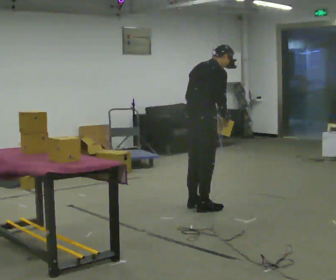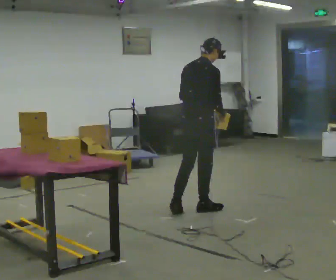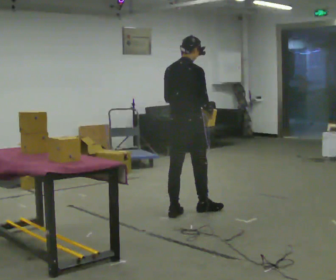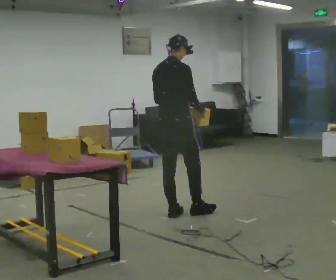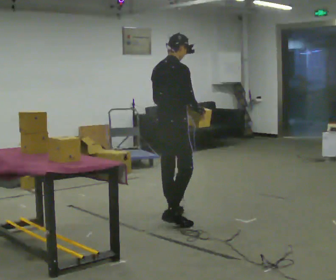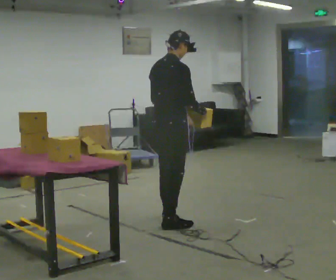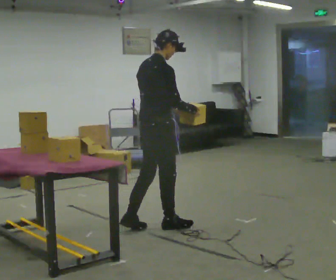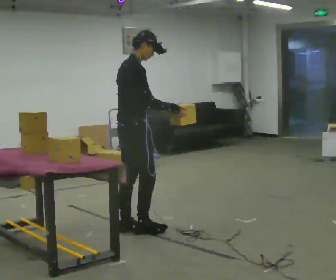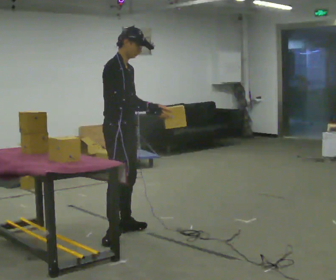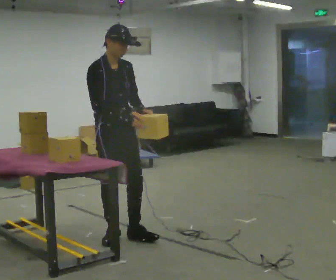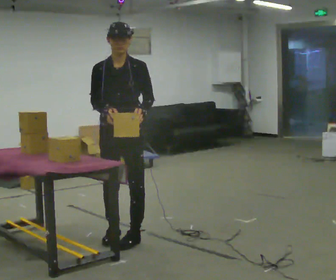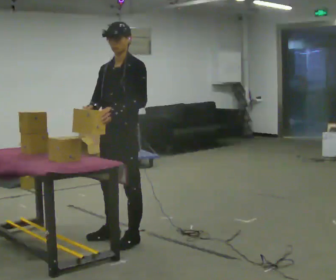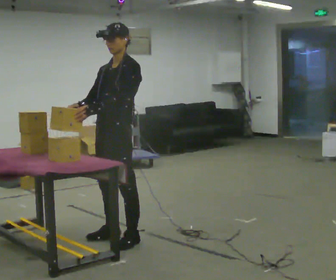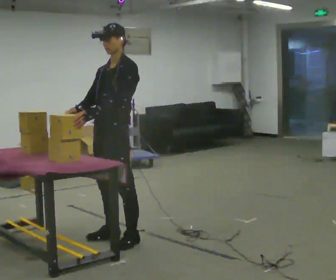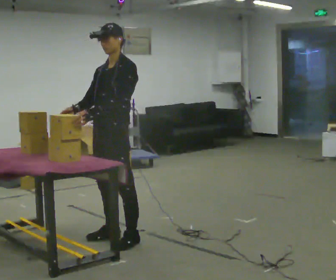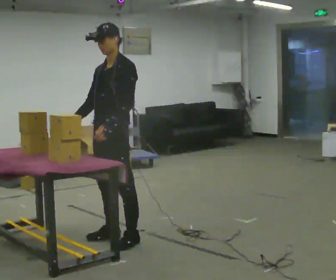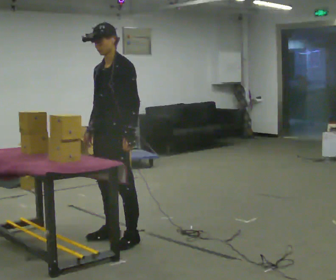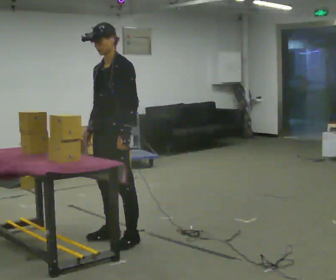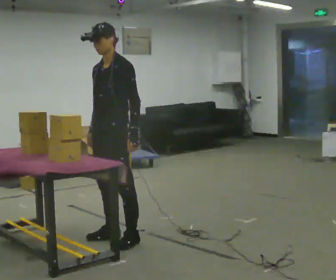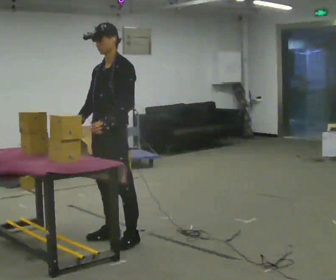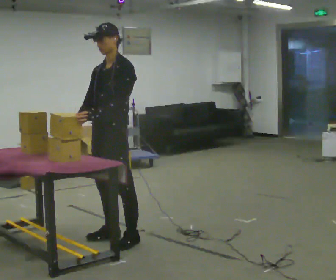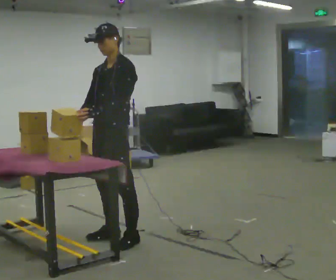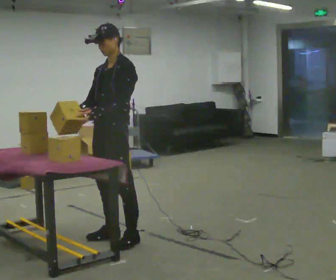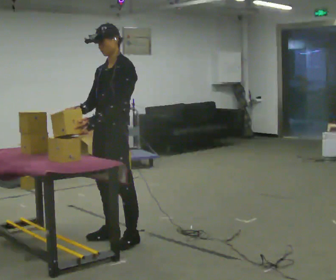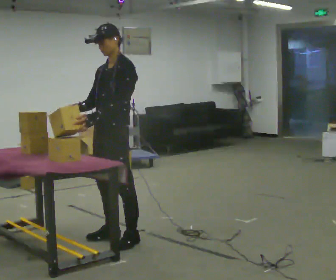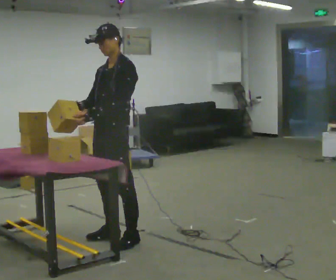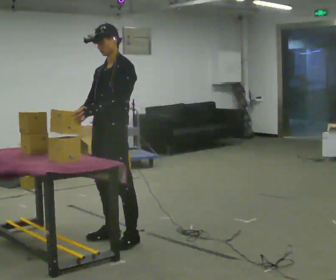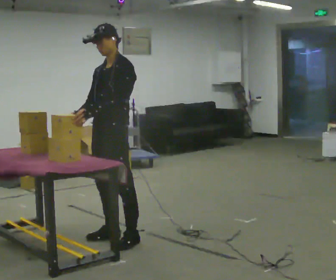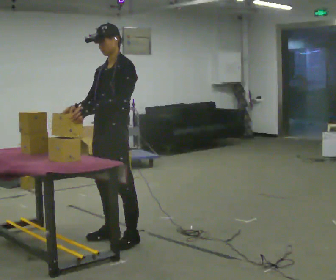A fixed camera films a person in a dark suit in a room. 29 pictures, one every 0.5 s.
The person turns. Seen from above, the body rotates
clockwise.
The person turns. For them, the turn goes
to their right.
0.0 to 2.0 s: In the picture they go to the left and toward the camera, about 0.25 m in 2 steps, which for them is backward. In the picture the upper body tilts counterclockwise, shoulders to the left, as they lean back or straighten.
2.0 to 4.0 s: The part of the body nearest the lens slides to the left as the person turns to their right by about 60 degrees. In the picture they go to the left and toward the camera, about 0.5 m in 2 steps.
4.0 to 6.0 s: The part of the body nearest the lens slides to the left as the person turns to their right by about 120 degrees. In the picture they go toward the camera, about 0.25 m in 1 step.
6.0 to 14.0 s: The person moves a little, or ends about where they began.
The film runs backward here.
